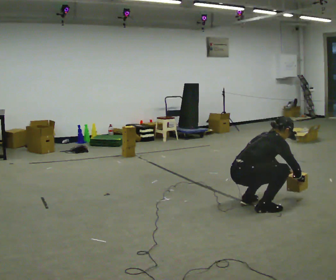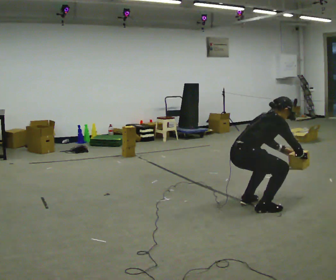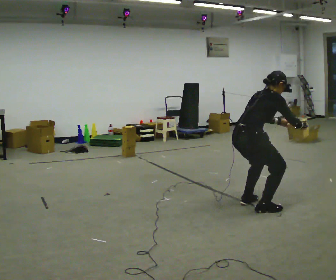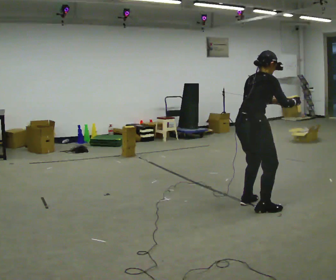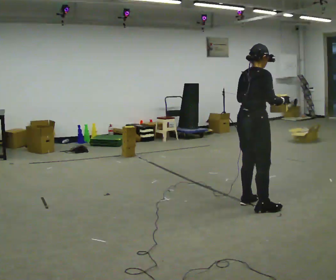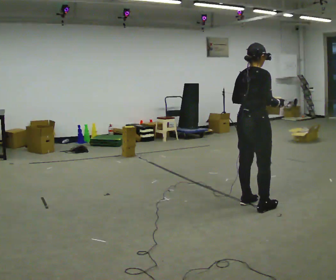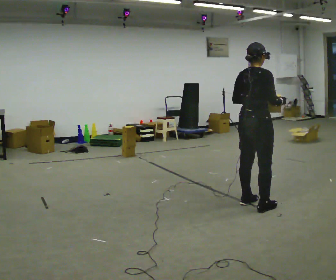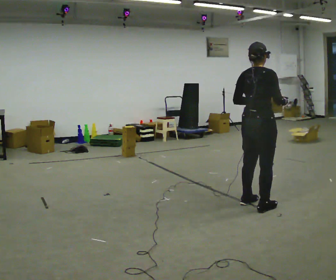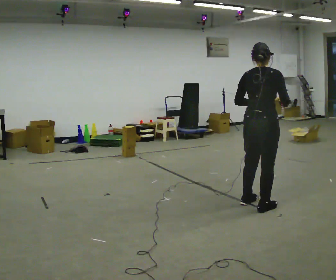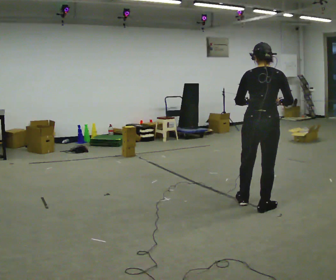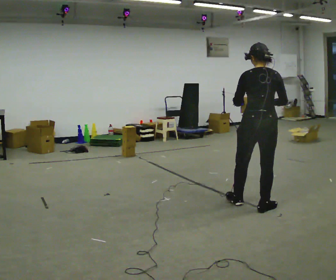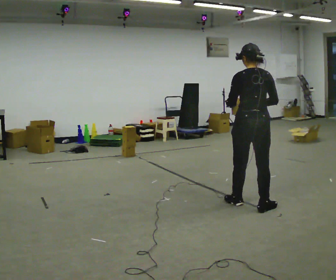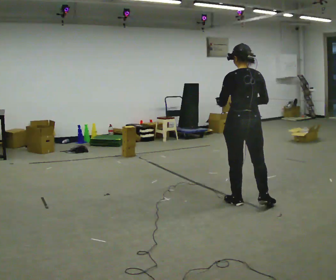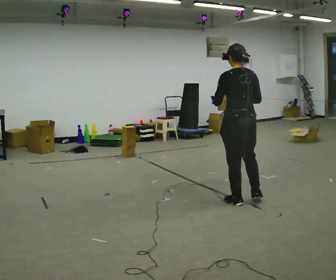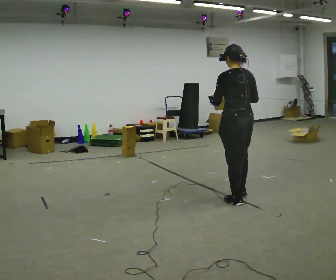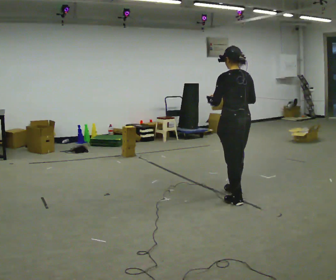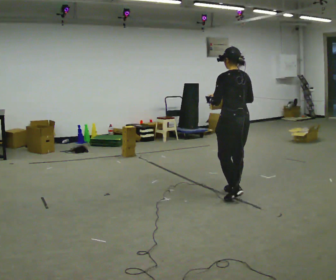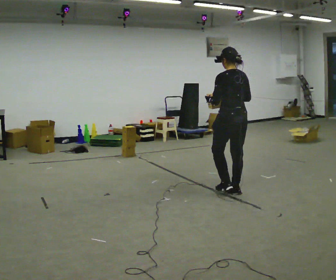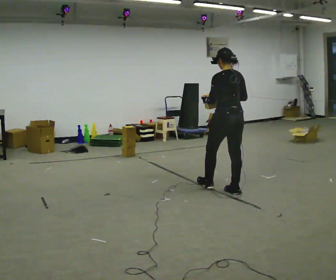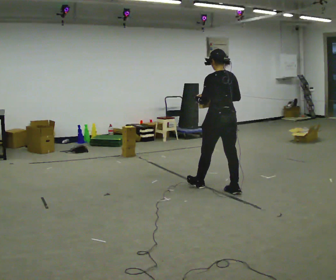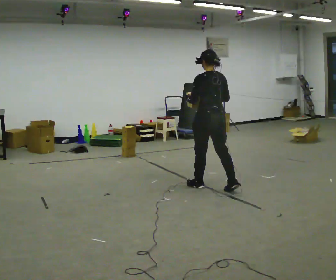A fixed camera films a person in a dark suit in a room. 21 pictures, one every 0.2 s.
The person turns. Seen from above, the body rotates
counterclockwise.
The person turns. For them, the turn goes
to their left.
0.0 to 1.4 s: The shoulders move upward. In the picture the upper body tilts counterclockwise, shoulders to the left, as they lean back or straighten. In the picture their left hand goes upward and to the left.
1.4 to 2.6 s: The part of the body nearest the lens slides to the right as the person turns to their left by about 60 degrees. In the picture they go to the left, about 0.25 m. In the picture their right hand goes to the left.
2.6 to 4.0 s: In the picture they go away from the camera and to the left, about 0.75 m in 2 steps, which for them is forward.
The film runs forward here.
